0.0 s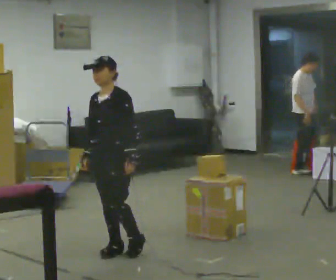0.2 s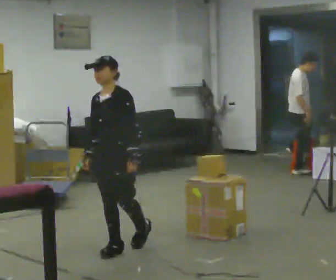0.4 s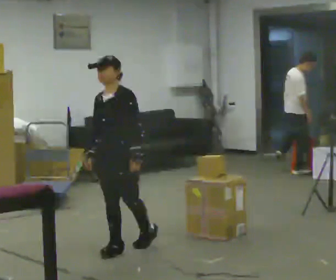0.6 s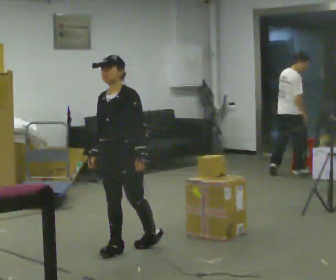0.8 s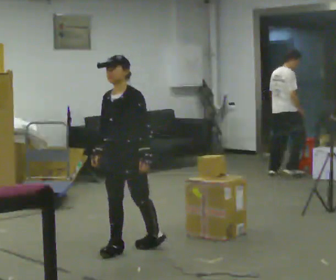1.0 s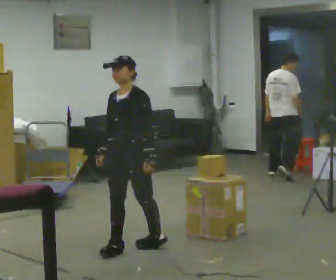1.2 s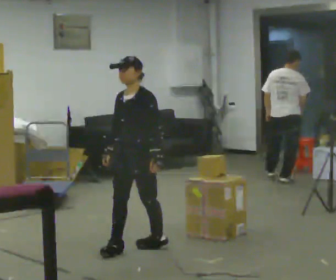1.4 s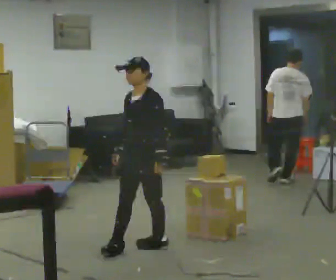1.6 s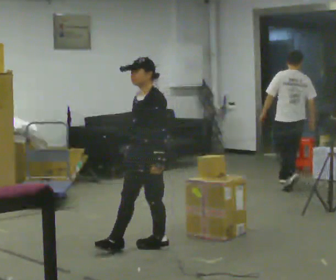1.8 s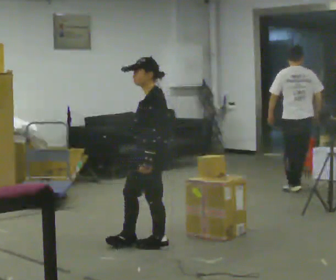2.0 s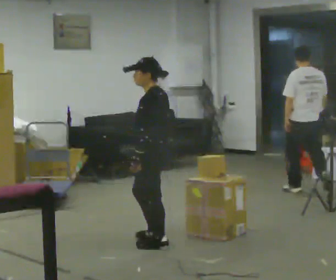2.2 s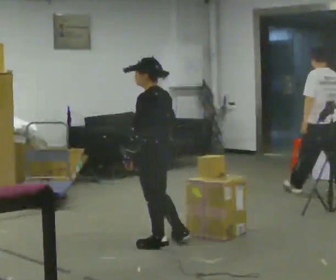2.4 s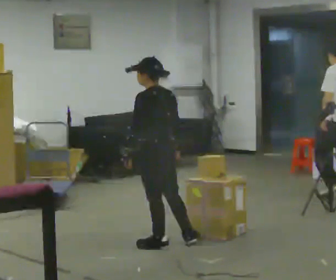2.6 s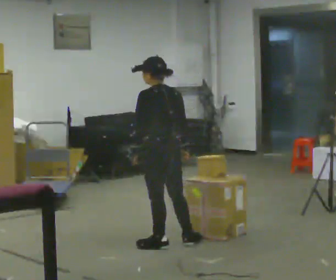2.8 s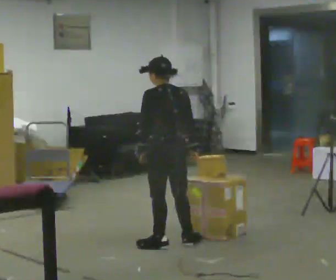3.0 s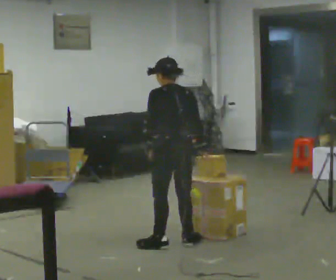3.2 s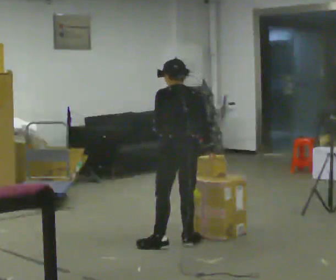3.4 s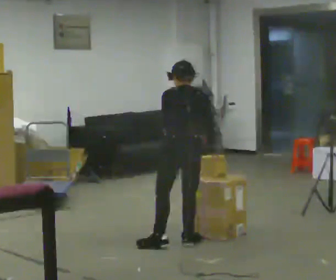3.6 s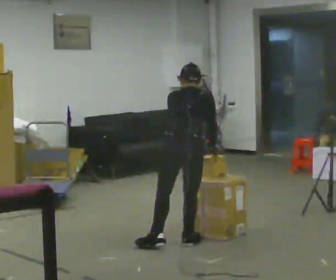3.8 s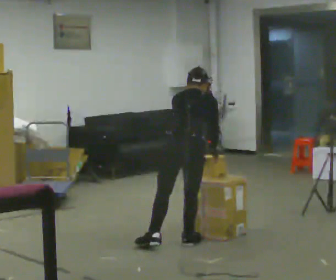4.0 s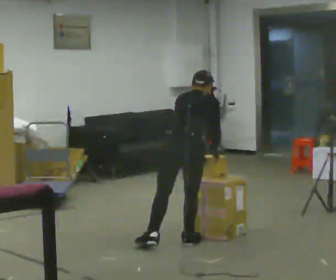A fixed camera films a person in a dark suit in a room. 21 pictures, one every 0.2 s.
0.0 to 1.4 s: In the picture they go to the right and away from the camera, about 0.25 m, which for them is backward.
1.4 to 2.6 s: The part of the body nearest the lens slides to the left as the person turns to their right by about 90 degrees. In the picture they go to the right, about 0.25 m in 1 step.
2.6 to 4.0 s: The part of the body nearest the lens slides to the left as the person turns to their right by about 60 degrees. In the picture they go to the right, about 0.25 m, which for them is to their right. The upper body tips away from the camera, its near side rolling upward, as they bend forward. In the picture their left hand goes to the right.
The film runs backward here.
